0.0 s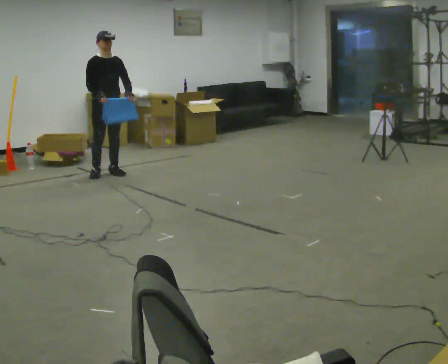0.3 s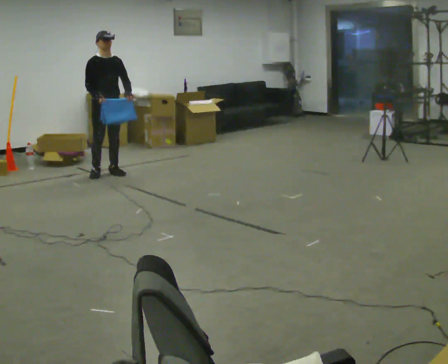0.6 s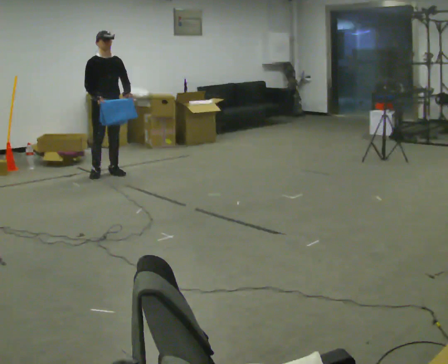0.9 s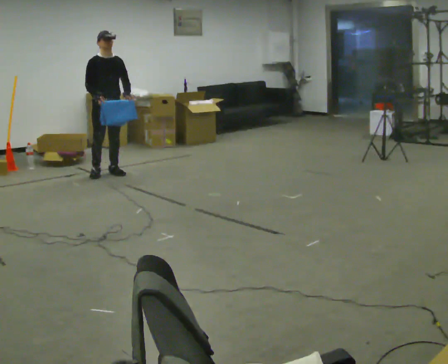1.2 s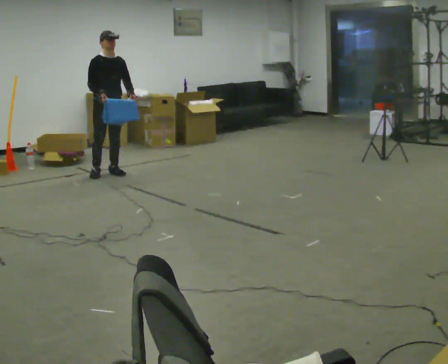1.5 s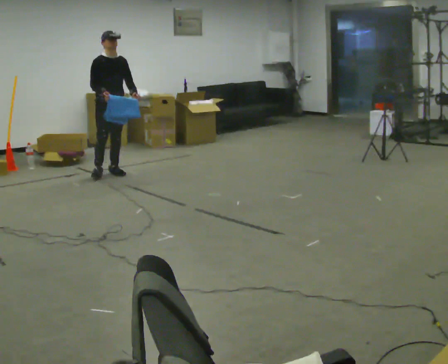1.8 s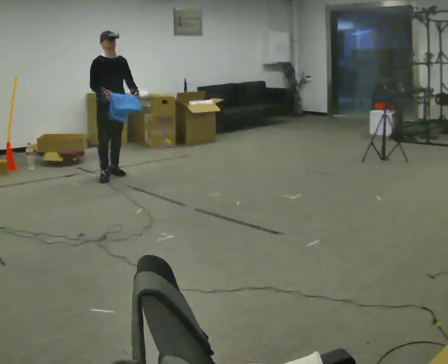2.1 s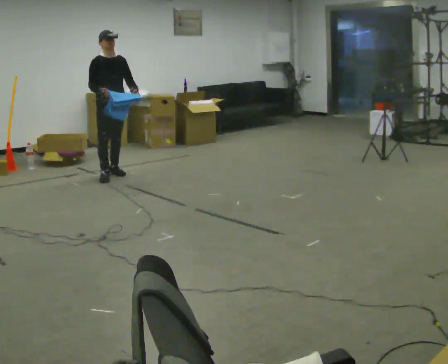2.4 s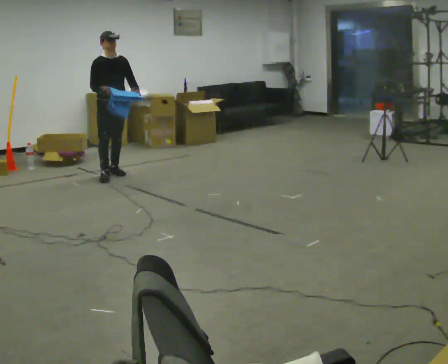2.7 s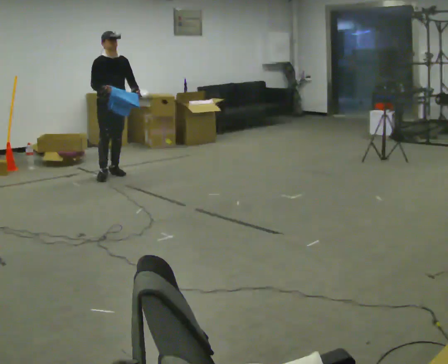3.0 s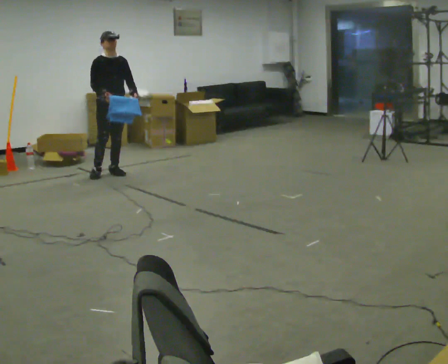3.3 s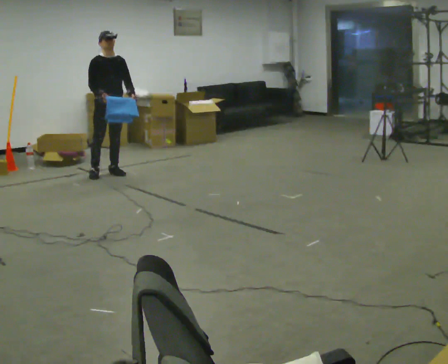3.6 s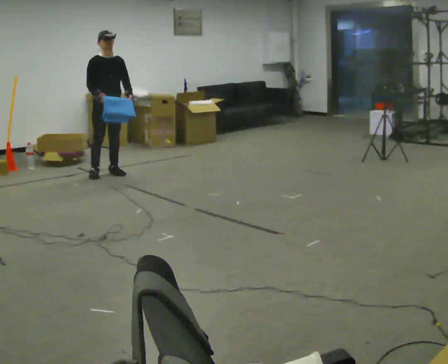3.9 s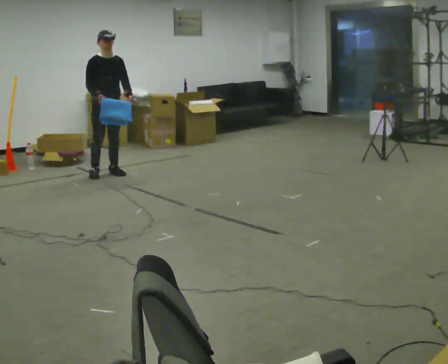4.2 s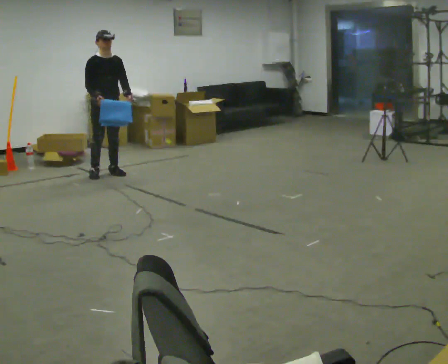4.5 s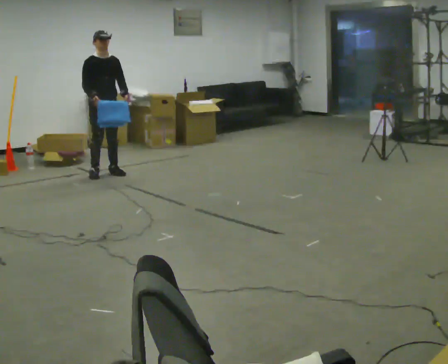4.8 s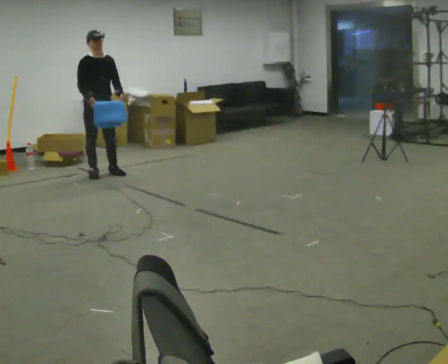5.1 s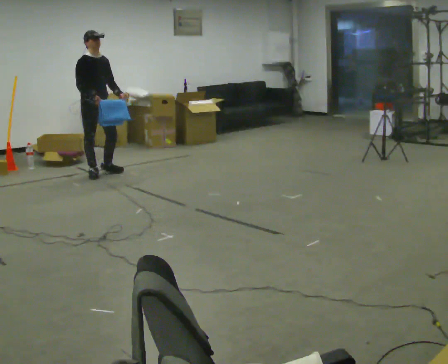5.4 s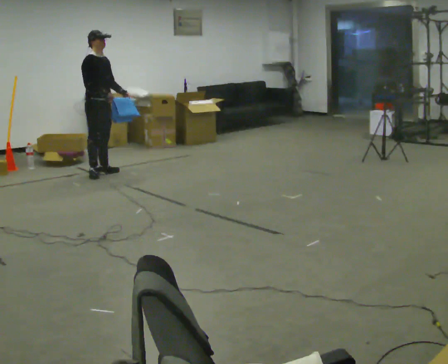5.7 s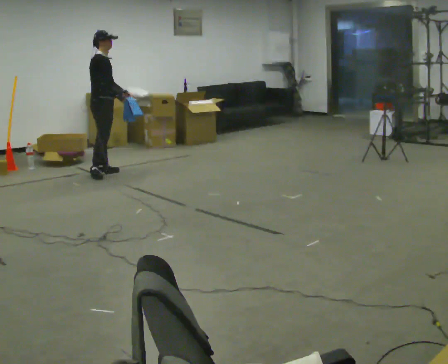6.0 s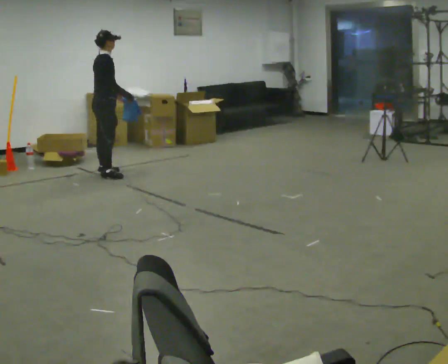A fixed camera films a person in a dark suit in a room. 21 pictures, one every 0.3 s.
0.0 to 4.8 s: The person moves a little, or ends about where they began.
4.8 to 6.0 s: The part of the body nearest the lens slides to the right as the person turns to their left by about 75 degrees.
The film runs backward here.
